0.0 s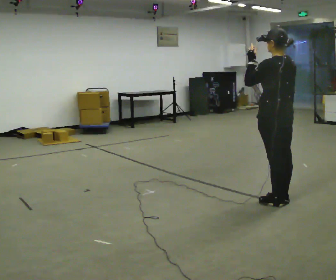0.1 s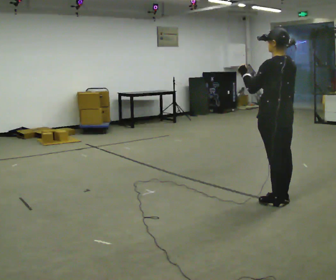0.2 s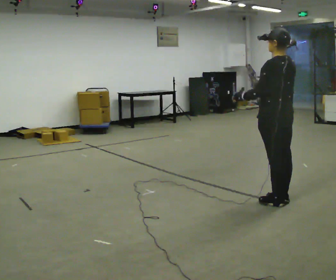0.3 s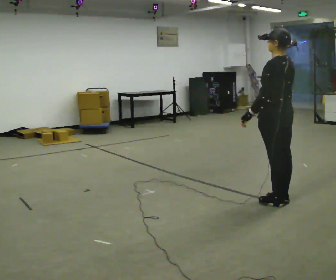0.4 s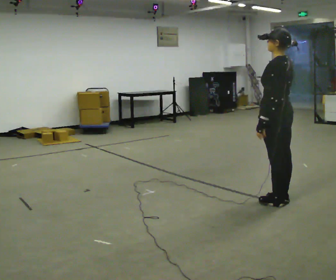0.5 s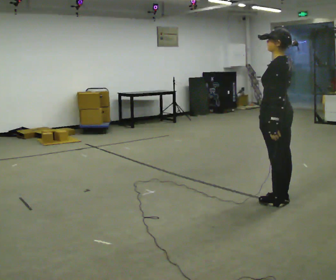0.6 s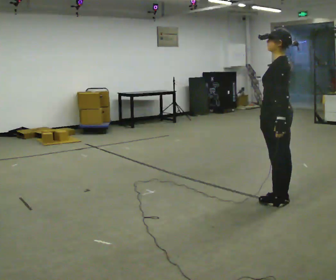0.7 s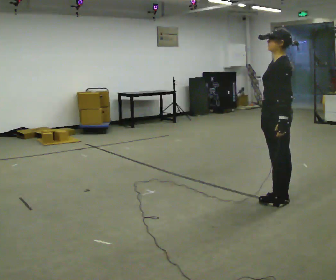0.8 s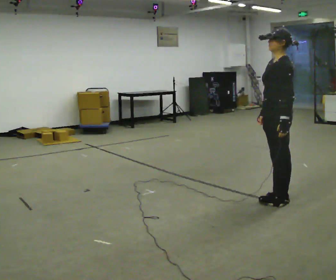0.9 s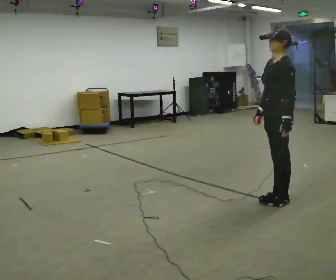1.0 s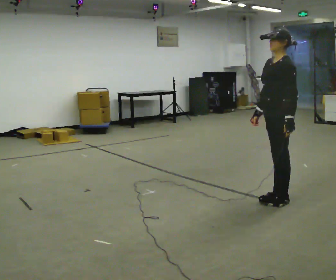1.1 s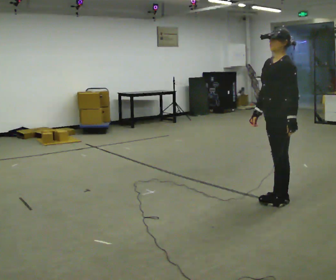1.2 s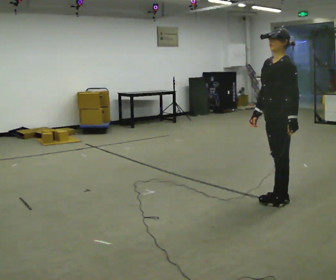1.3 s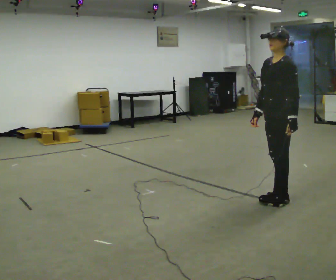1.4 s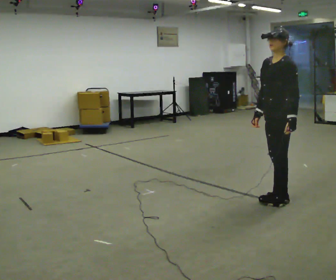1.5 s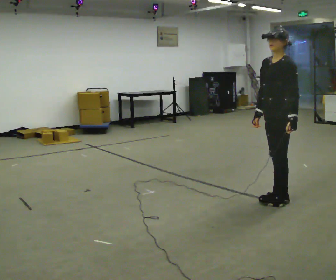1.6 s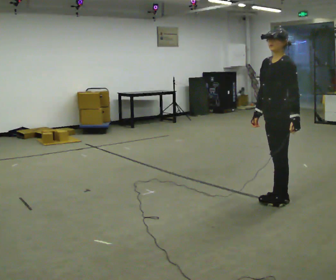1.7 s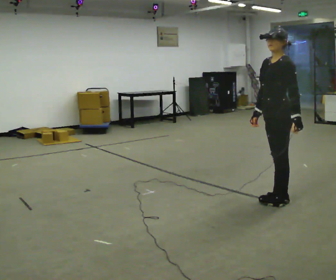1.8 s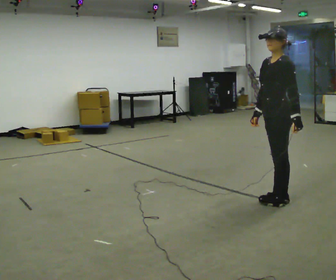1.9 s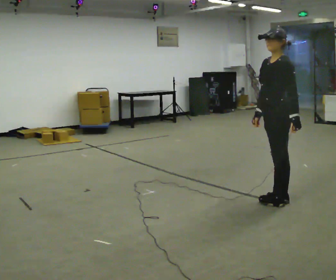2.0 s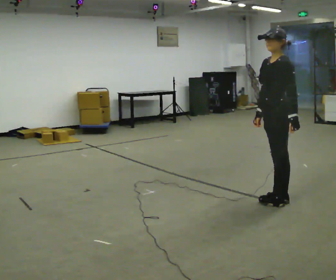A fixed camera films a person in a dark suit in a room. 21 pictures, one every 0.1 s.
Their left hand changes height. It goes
downward.
0.0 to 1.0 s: The person turns about 45 degrees to their left, counterclockwise seen from above, so the part of the body nearest the lens slides to the right. In the picture their left hand goes downward and to the right.
1.0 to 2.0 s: The person moves a little, or ends about where they began.
The film runs forward here.
